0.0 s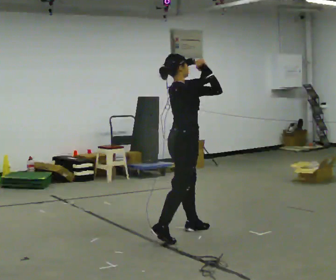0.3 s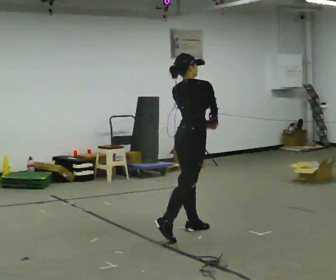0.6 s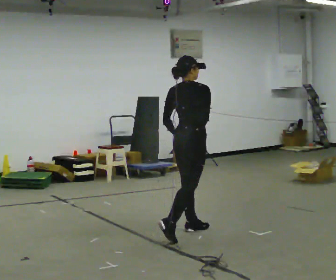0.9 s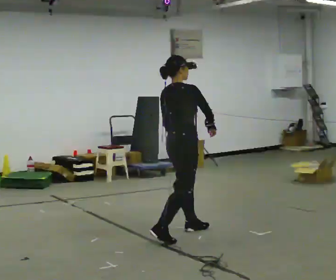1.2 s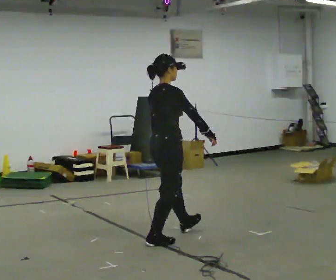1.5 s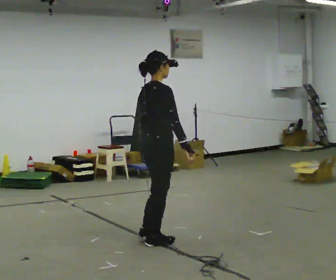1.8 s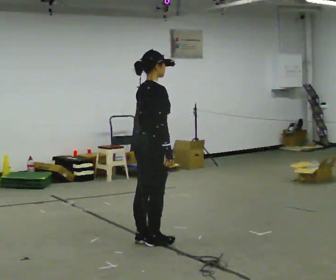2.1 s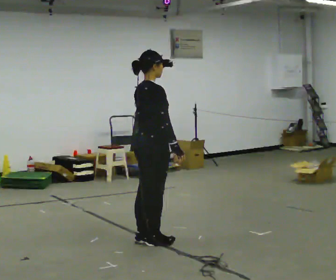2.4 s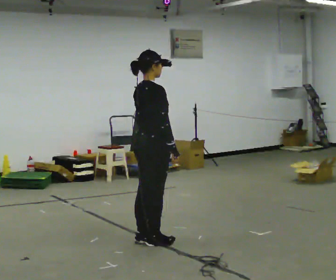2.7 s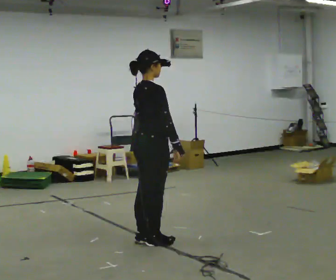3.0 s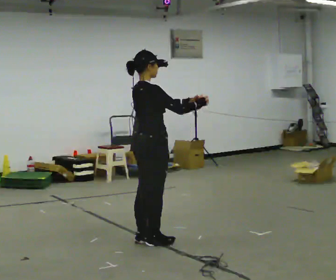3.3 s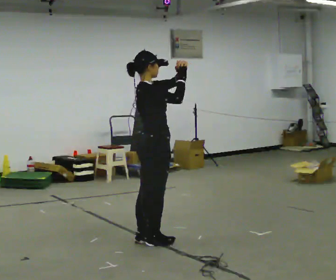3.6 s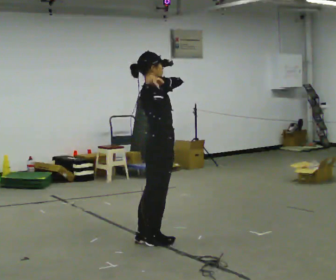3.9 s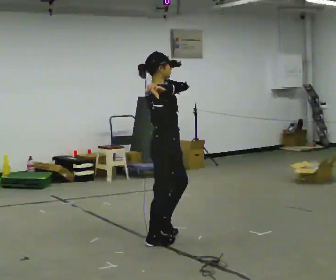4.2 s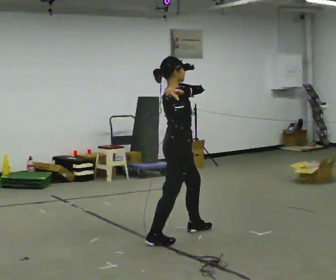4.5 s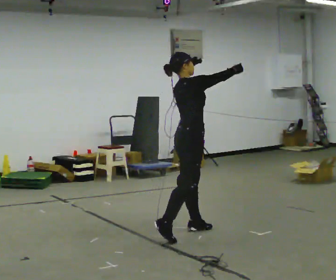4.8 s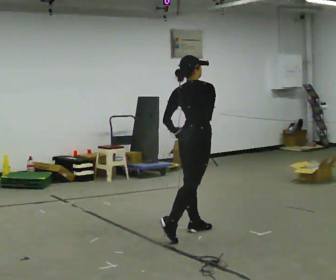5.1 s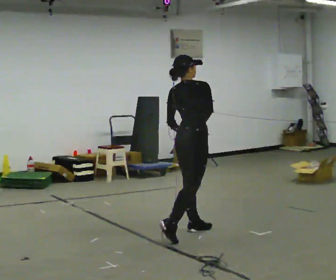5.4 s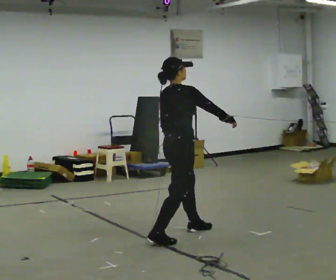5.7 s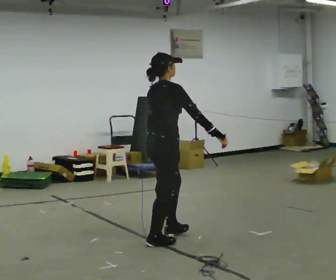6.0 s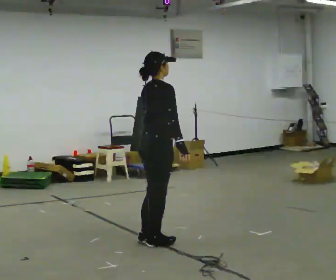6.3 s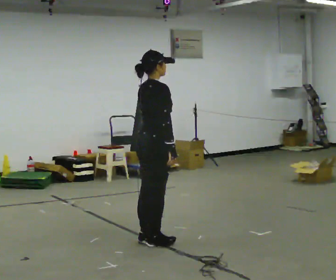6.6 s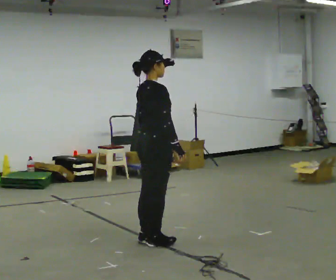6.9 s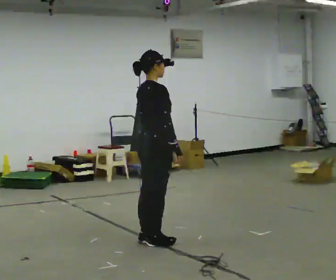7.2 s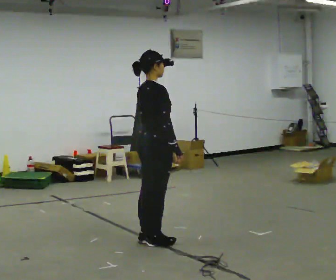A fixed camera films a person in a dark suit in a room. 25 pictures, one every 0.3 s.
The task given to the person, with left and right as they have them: Mime a baseball swing with no bat: set your stance, stride, swing through. Repeat the movement at your own pace until the operator says stop; do not rush.
0.0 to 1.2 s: In the picture they go toward the camera and to the left, about 0.25 m, which for them is backward. In the picture their left hand goes downward and to the left.
1.2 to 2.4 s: The person moves a little, or ends about where they began.
2.4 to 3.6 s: In the picture their left hand goes upward.
3.6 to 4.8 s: The person turns about 30 degrees to their left, counterclockwise seen from above, so the part of the body nearest the lens slides to the right. In the picture they go to the right and away from the camera, about 0.5 m in 1 step, which for them is forward and to their left. In the picture their left hand goes downward.
4.8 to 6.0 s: In the picture they go to the left and toward the camera, about 0.5 m in 1 step, which for them is backward.
6.0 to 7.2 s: The person moves a little, or ends about where they began.
The film runs forward here.
